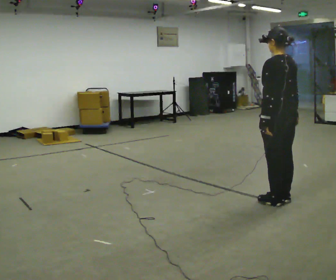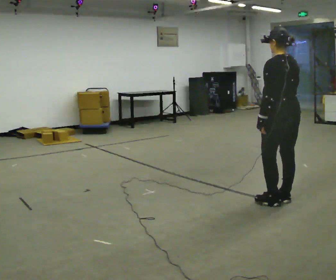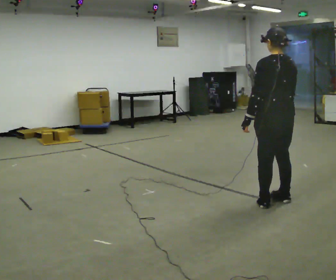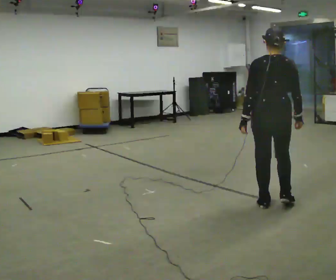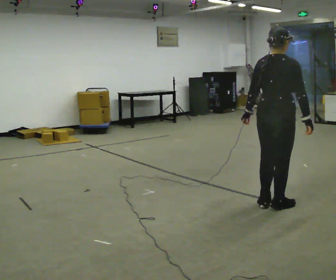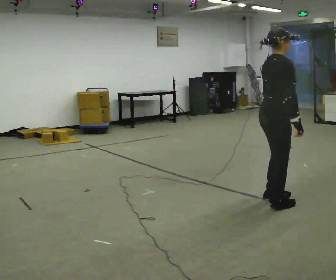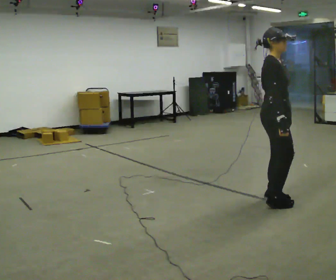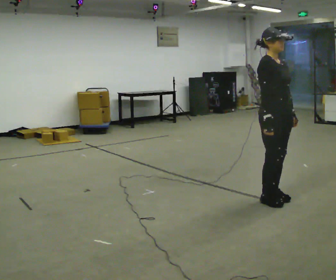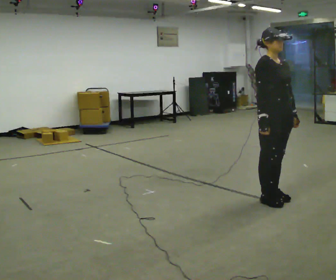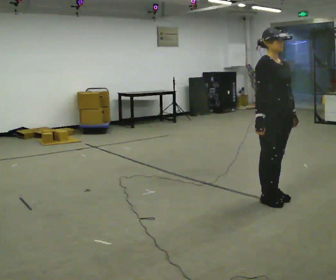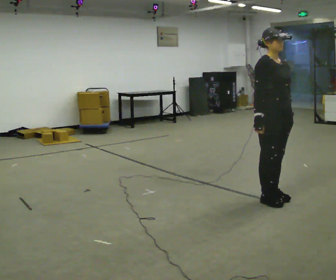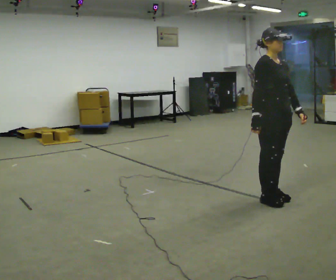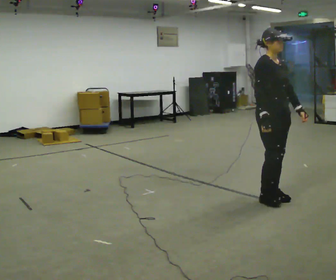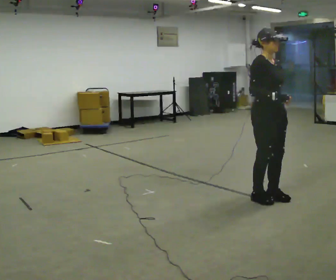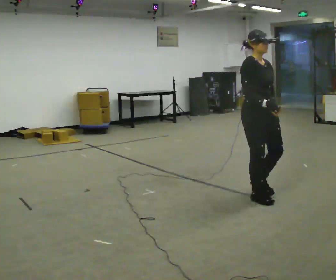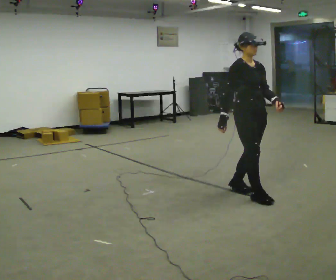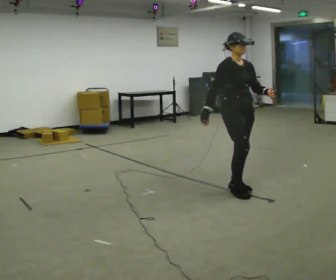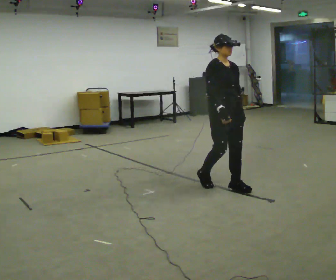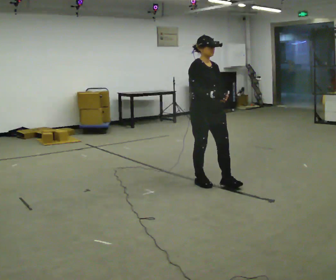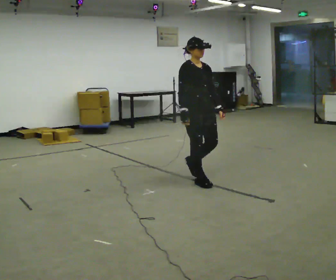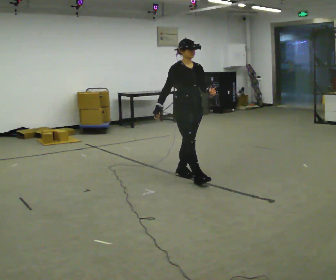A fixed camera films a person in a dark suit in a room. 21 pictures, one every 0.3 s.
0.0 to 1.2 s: The person turns about 75 degrees to their right, clockwise seen from above, so the part of the body nearest the lens slides to the left.
1.2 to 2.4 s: The part of the body nearest the lens slides to the left as the person turns to their right by about 105 degrees. In the picture they go away from the camera, about 0.25 m in 2 steps. In the picture their left hand goes to the right, the arm swinging counterclockwise.
2.4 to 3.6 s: The person moves a little, or ends about where they began.
3.6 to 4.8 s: In the picture they go to the left and away from the camera, about 0.5 m in 2 steps, which for them is backward.
4.8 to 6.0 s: In the picture they go to the left and away from the camera, about 0.5 m in 2 steps, which for them is backward.
The film runs backward here.
